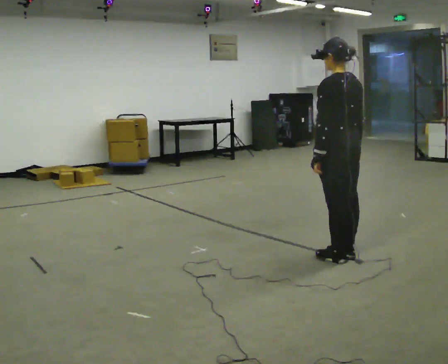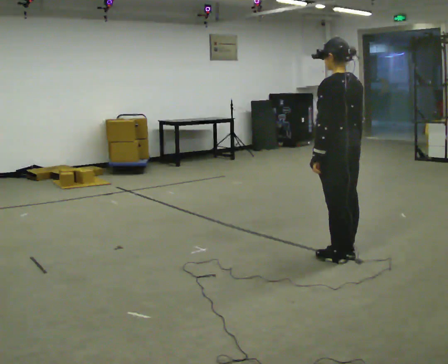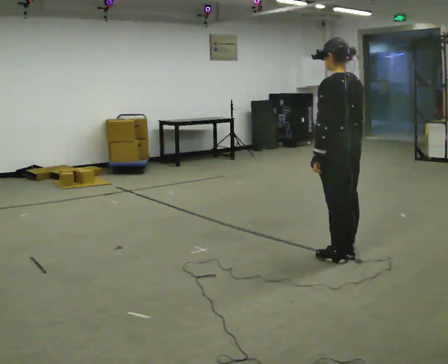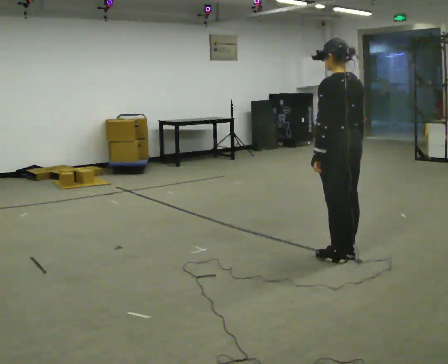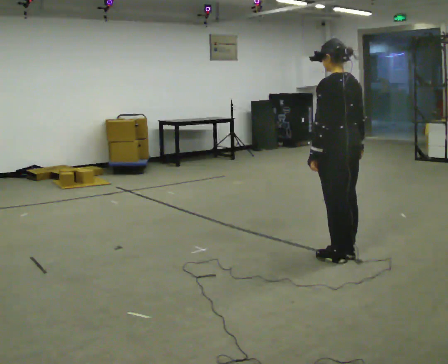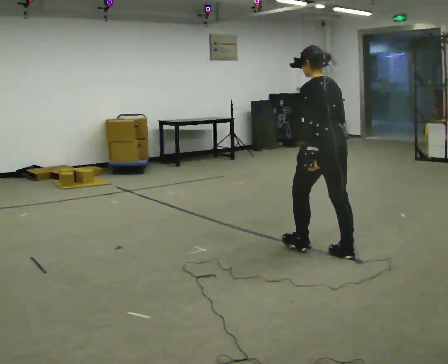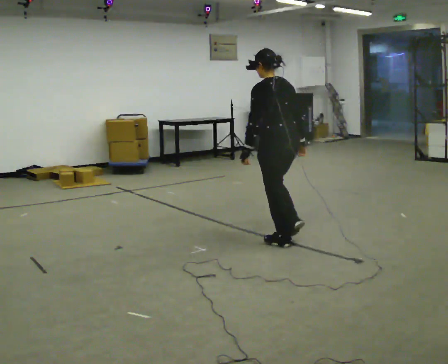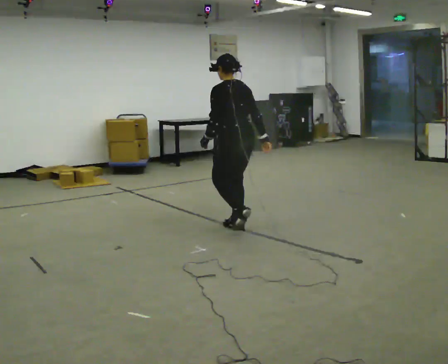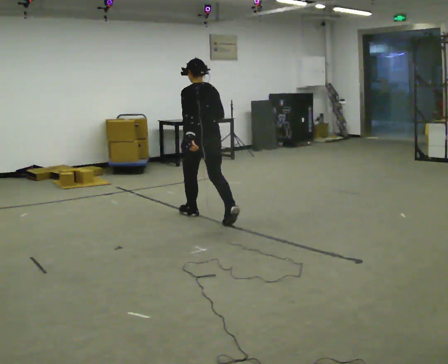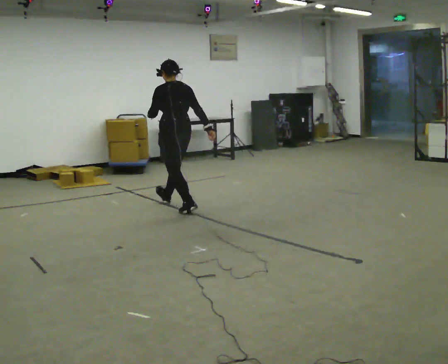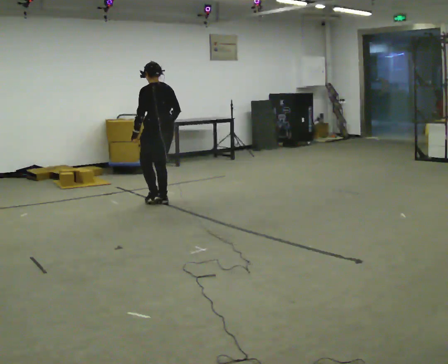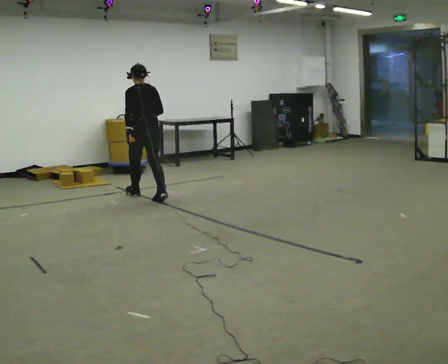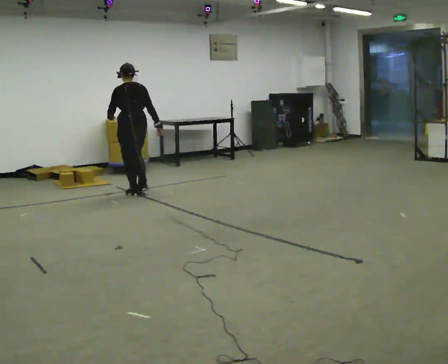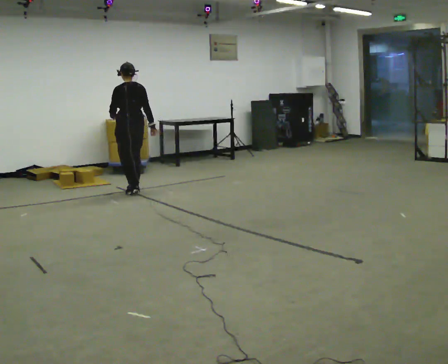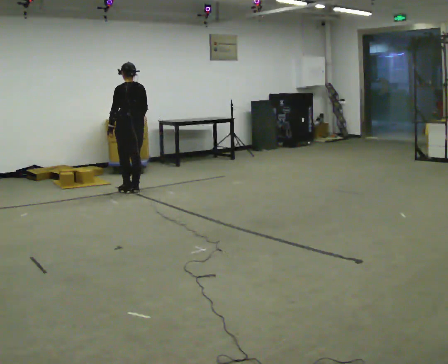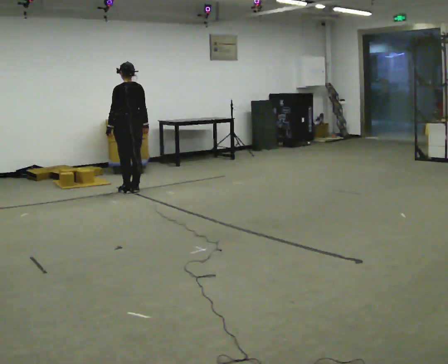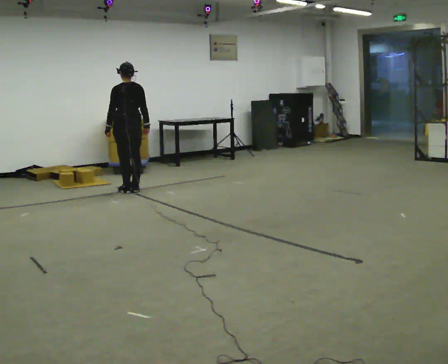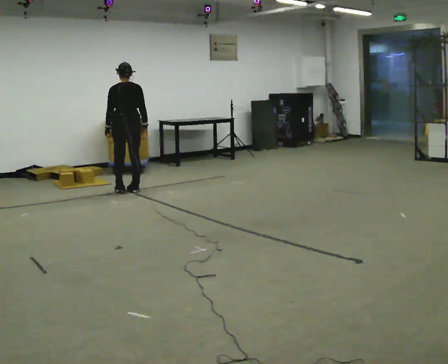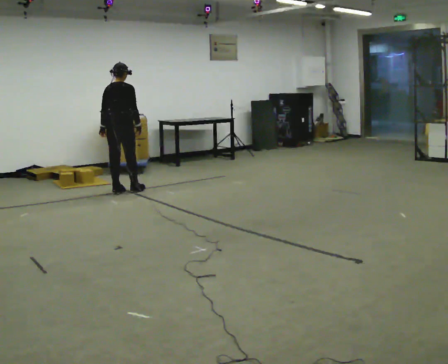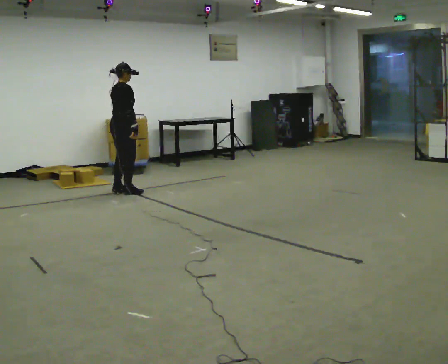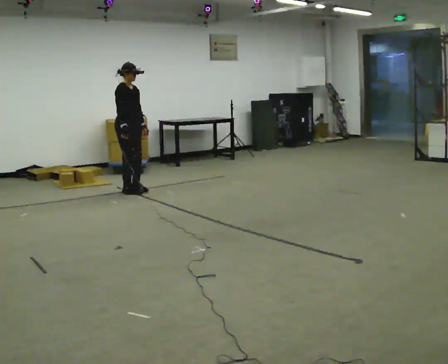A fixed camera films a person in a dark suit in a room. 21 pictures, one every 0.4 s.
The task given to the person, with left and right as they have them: Start at normal speed; gradually slow over several steps; stop gently.
0.0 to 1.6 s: The person moves a little, or ends about where they began.
1.6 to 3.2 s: In the picture they go away from the camera and to the left, about 1.5 m in 3 steps, which for them is forward.
3.2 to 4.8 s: In the picture they go away from the camera and to the left, about 1.5 m in 2 steps, which for them is forward.
4.8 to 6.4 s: In the picture they go away from the camera, about 0.25 m in 2 steps, which for them is forward.
6.4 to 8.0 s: The part of the body nearest the lens slides to the left as the person turns to their right by about 135 degrees.
The film runs forward here.
